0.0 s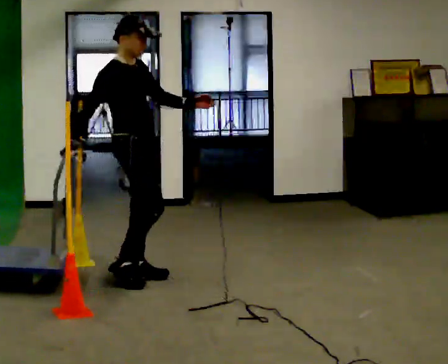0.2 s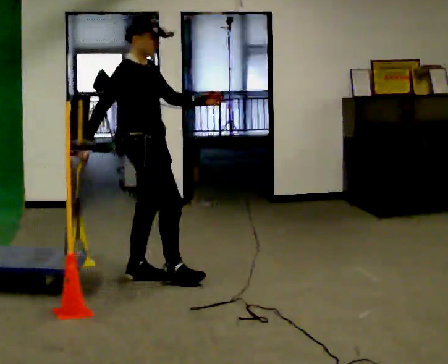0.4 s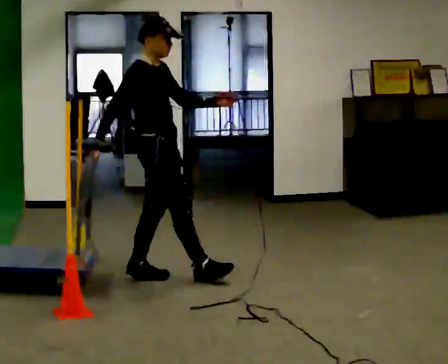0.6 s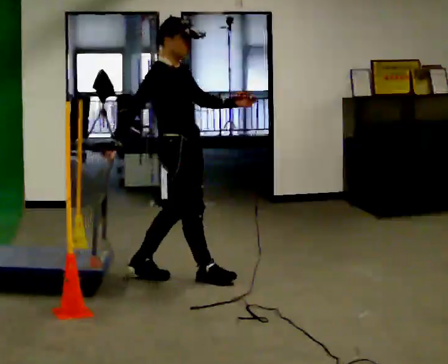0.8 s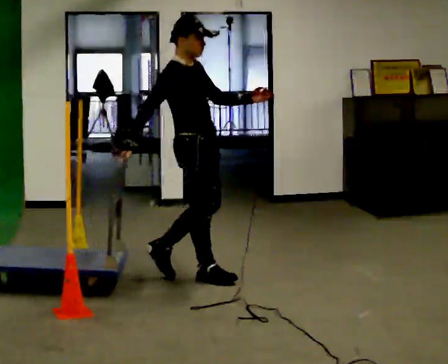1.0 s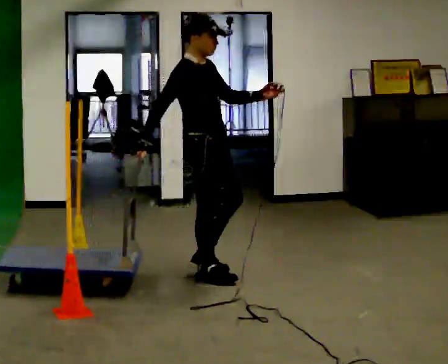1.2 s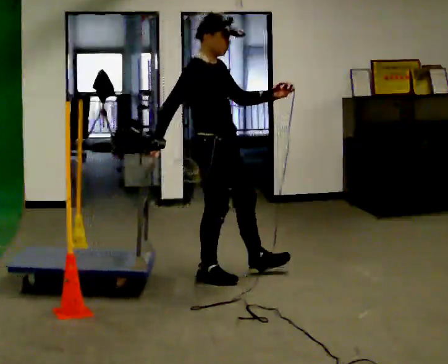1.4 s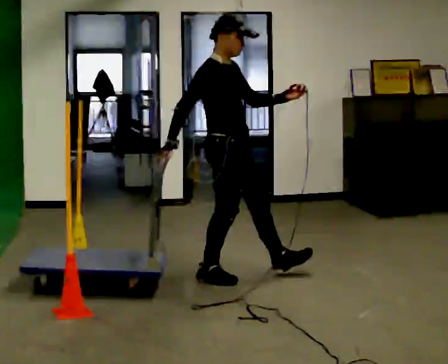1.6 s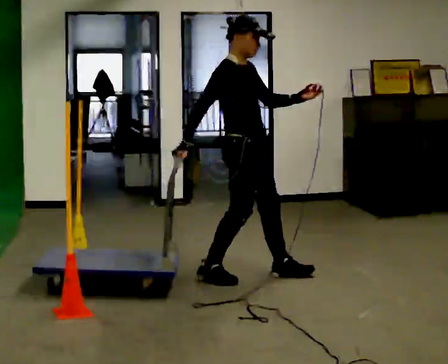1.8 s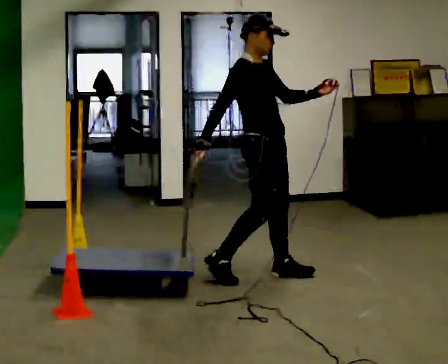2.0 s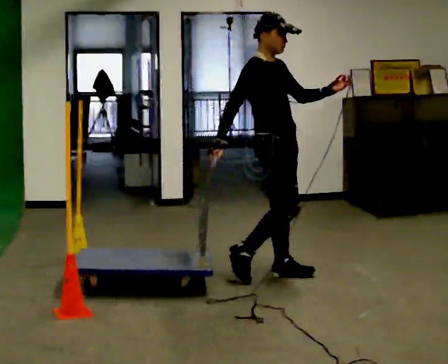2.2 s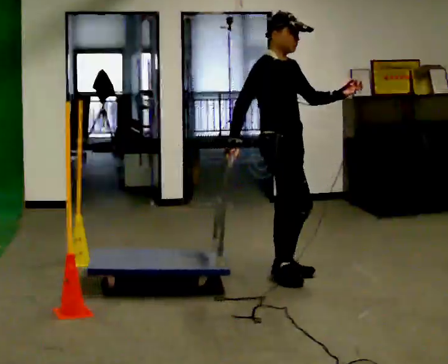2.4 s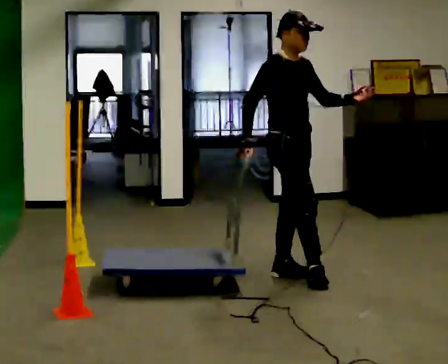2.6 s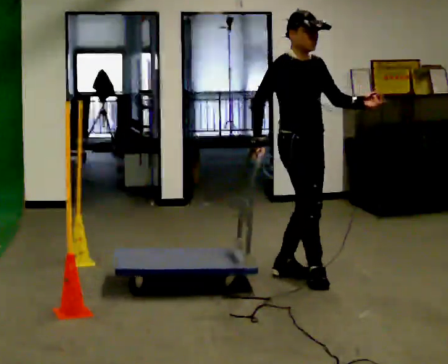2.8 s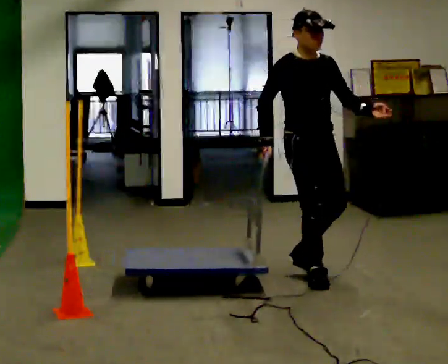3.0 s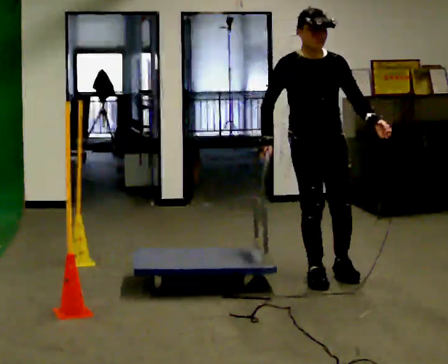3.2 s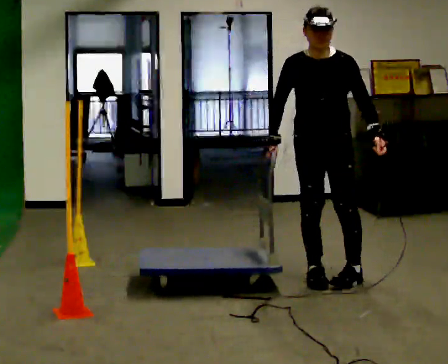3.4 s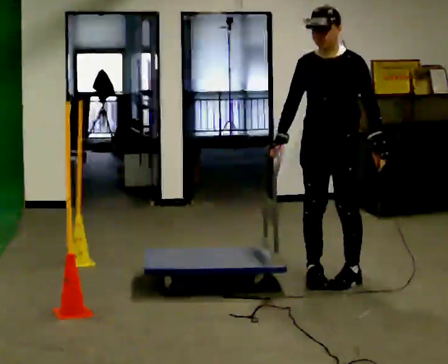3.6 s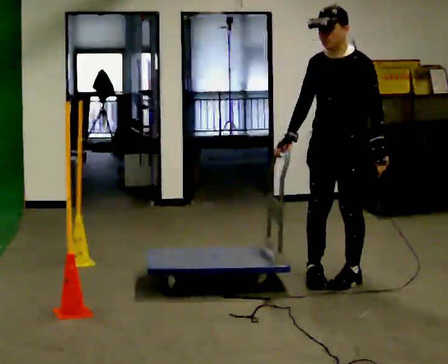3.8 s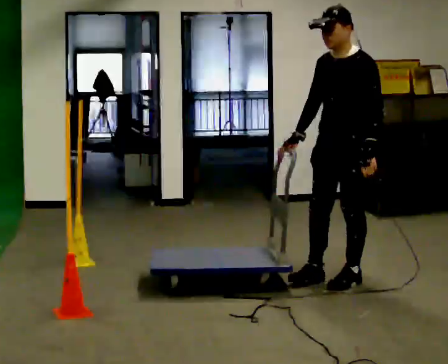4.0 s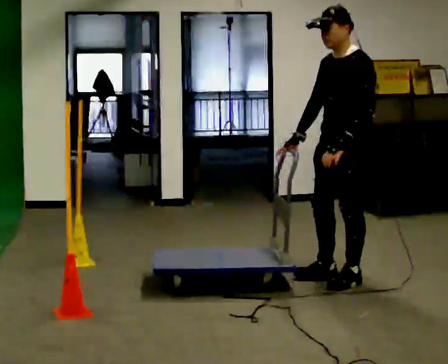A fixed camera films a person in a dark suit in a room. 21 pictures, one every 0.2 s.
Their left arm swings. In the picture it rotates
clockwise.
The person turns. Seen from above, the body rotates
clockwise.
0.0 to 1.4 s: In the picture they go to the right, about 0.5 m in 2 steps, which for them is forward.
1.4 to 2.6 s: In the picture they go to the right, about 0.5 m in 1 step, which for them is forward and to their left.
2.6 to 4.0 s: Seen from above the body turns clockwise, about 120 degrees: to their right, with its near side sliding to the left. In the picture they go to the right, about 0.25 m in 1 step.
The film runs forward here.
